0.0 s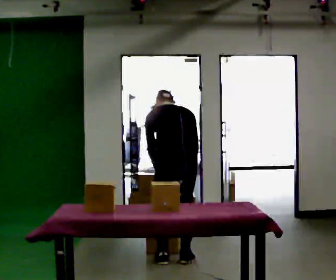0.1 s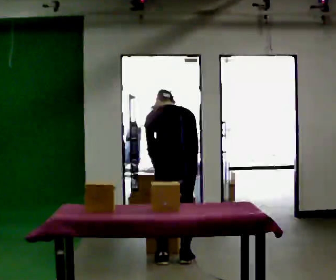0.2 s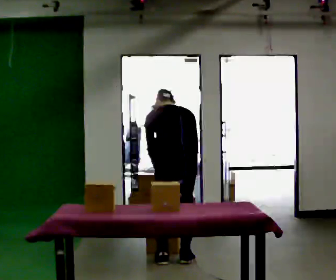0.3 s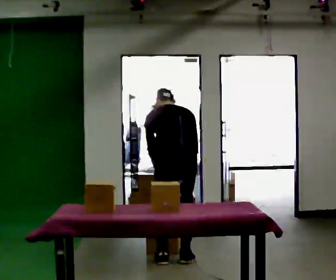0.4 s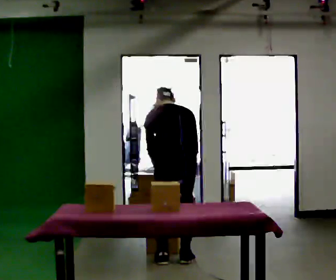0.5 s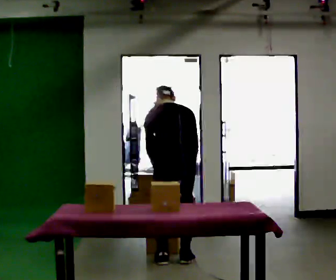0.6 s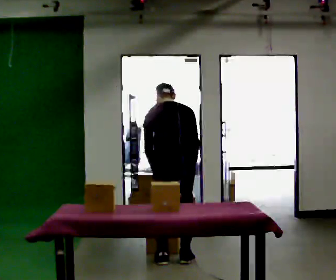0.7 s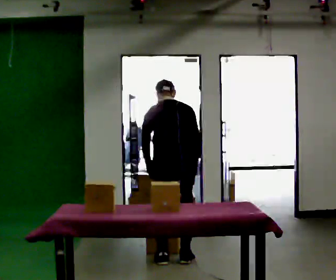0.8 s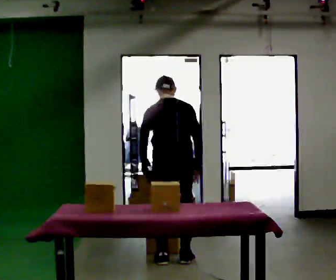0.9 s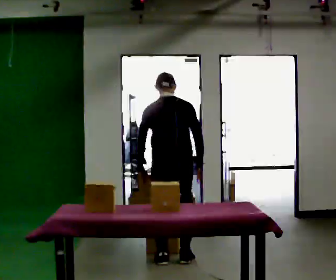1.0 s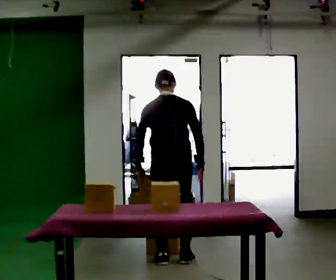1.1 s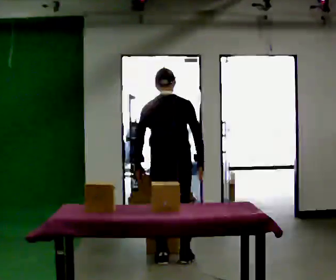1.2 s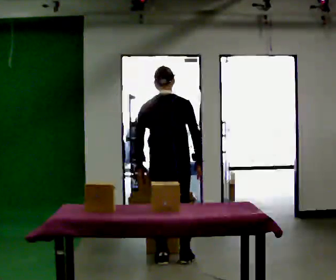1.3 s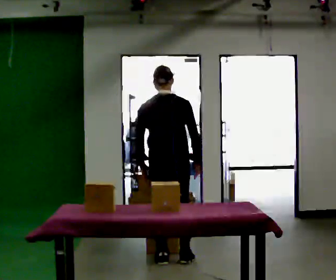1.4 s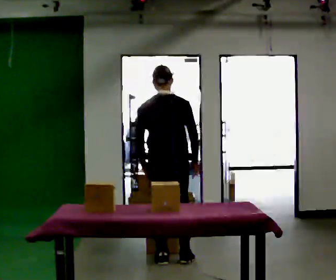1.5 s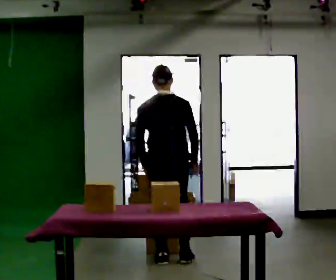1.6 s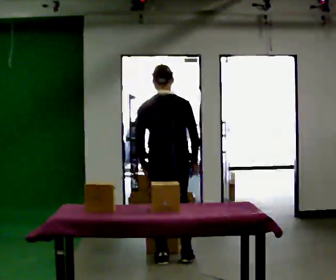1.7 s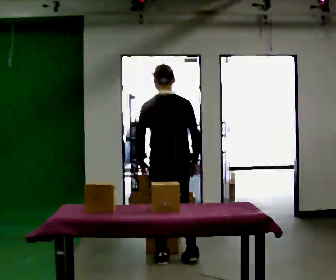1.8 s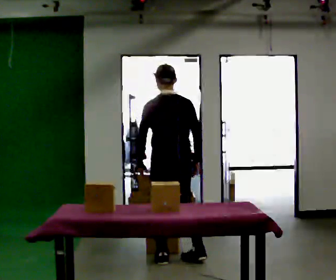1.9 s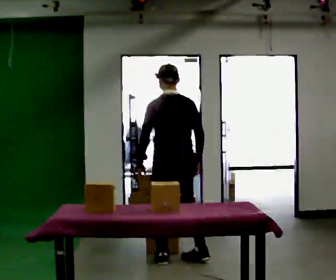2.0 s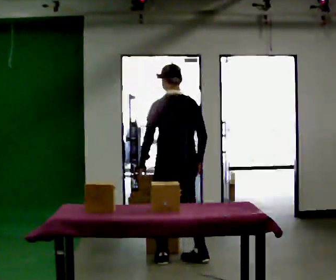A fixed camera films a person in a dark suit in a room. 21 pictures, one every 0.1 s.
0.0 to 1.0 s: The upper body tips toward the camera, its near side rolling downward, as they lean back or straighten.
1.0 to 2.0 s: The part of the body nearest the lens slides to the right as the person turns to their left by about 30 degrees.
The film runs forward here.
